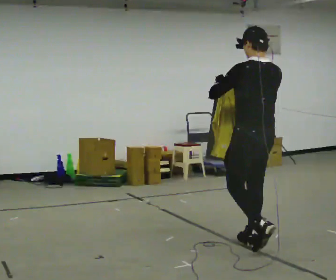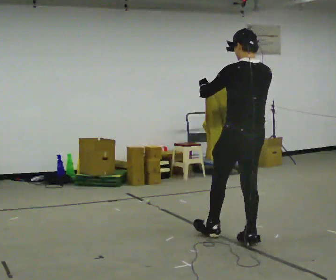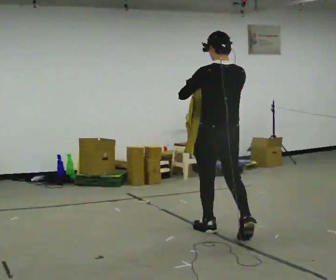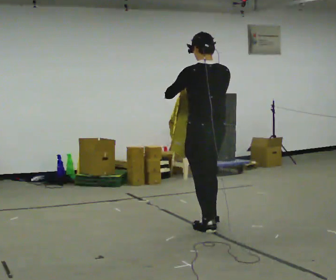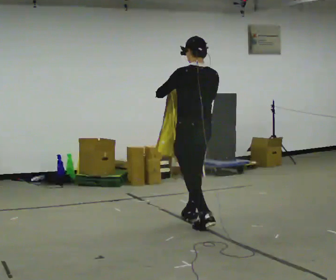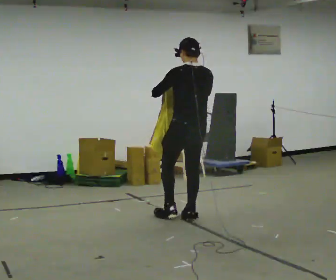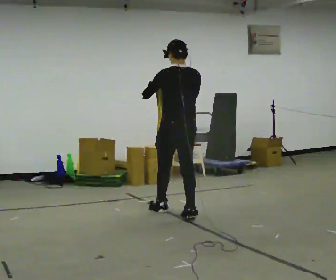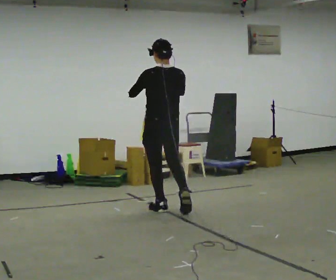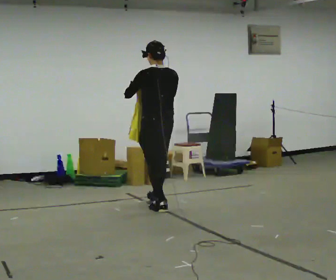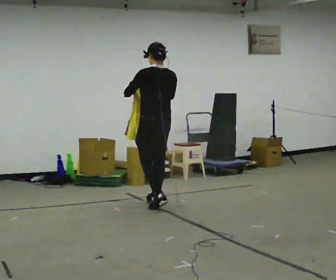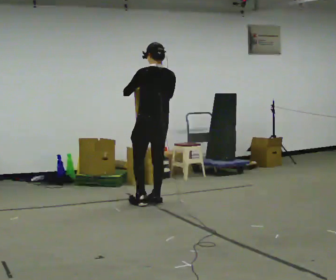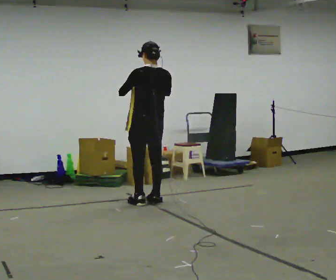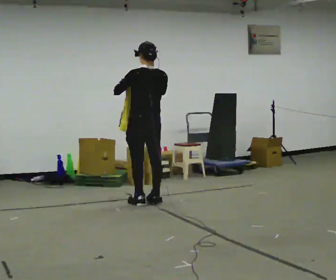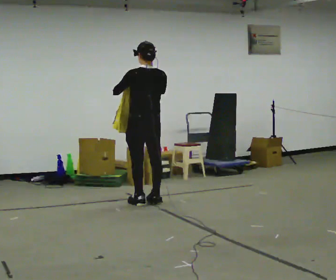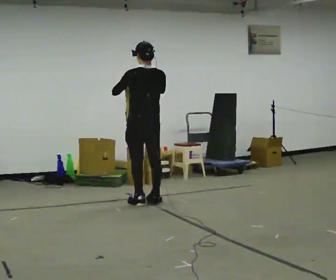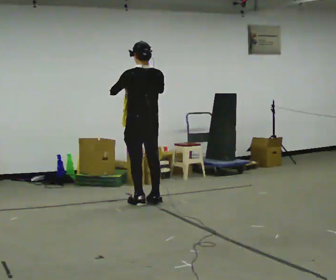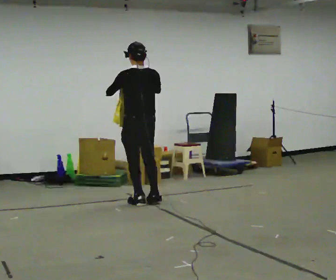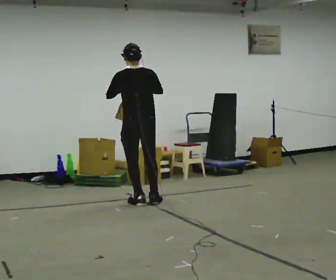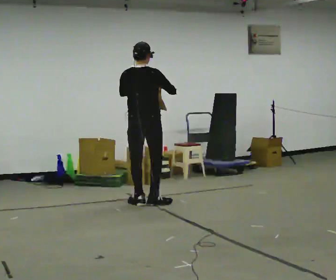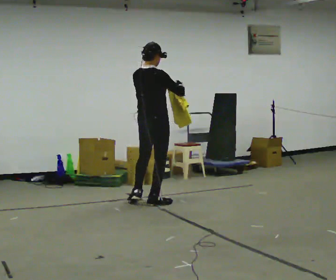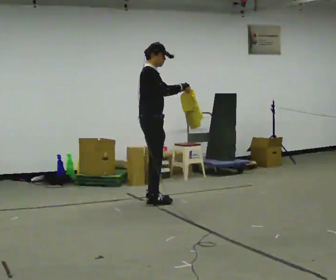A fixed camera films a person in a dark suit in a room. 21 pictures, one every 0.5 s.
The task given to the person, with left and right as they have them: Carry the cloth and, while walking, fold it in half, then unfold it. Keep repeating as you walk. Do not stop.
0.0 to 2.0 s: In the picture they go away from the camera and to the left, about 1 m in 2 steps, which for them is forward.
2.0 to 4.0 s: In the picture they go away from the camera and to the left, about 0.5 m in 2 steps, which for them is forward.
4.0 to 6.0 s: In the picture they go away from the camera, about 0.25 m in 1 step, which for them is forward.
6.0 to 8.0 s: The person moves a little, or ends about where they began.
8.0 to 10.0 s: The person turns about 120 degrees to their right, clockwise seen from above, so the part of the body nearest the lens slides to the left. In the picture their left hand goes to the right.
The film runs forward here.
